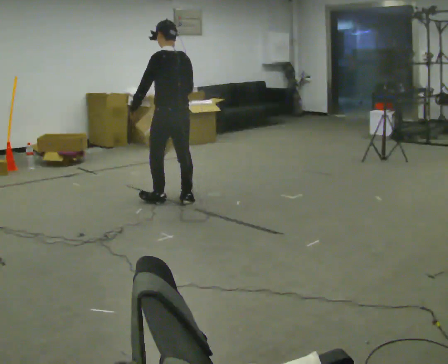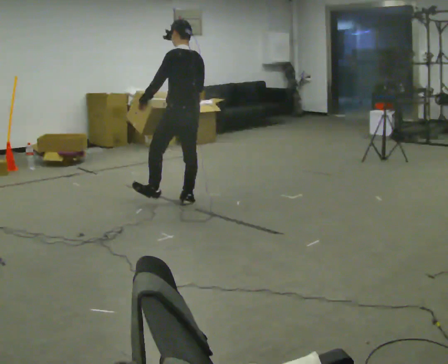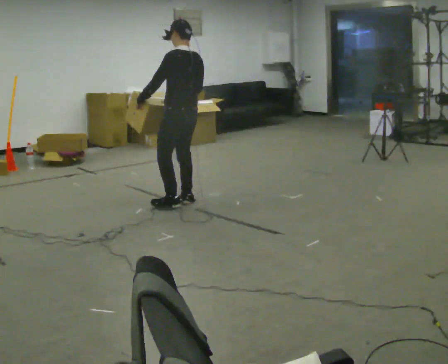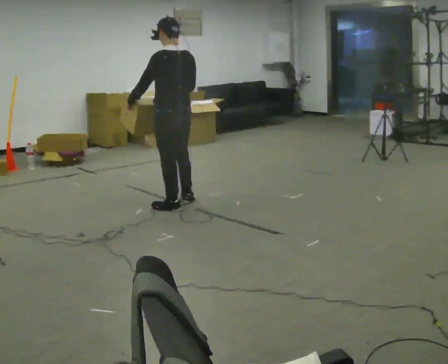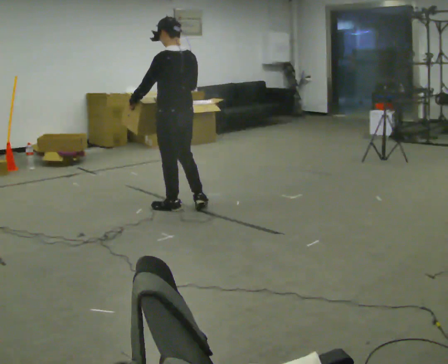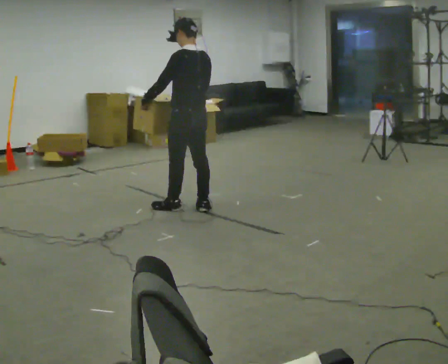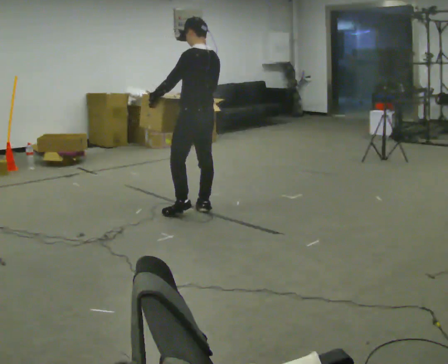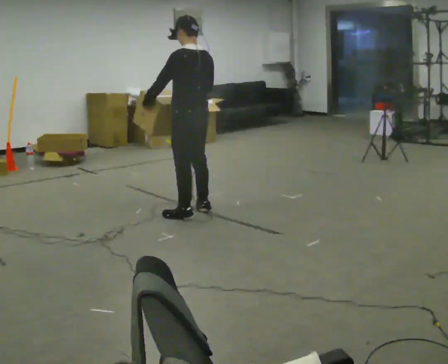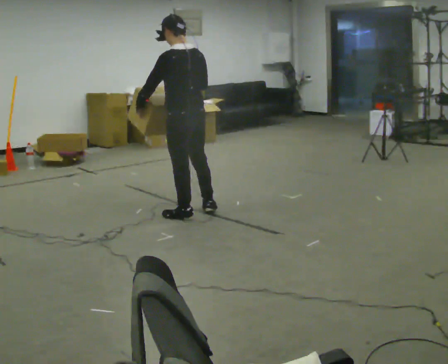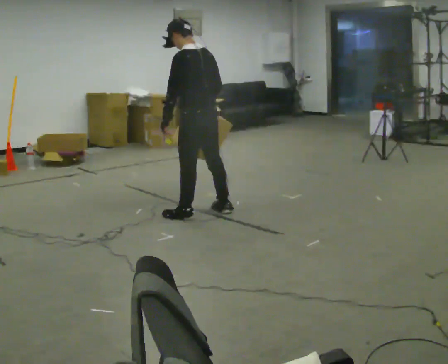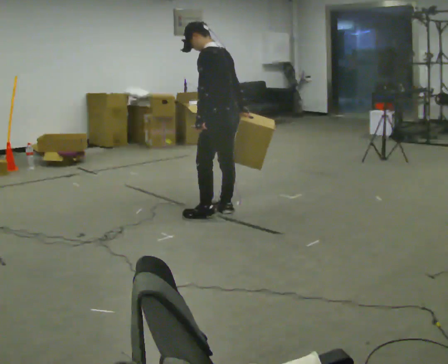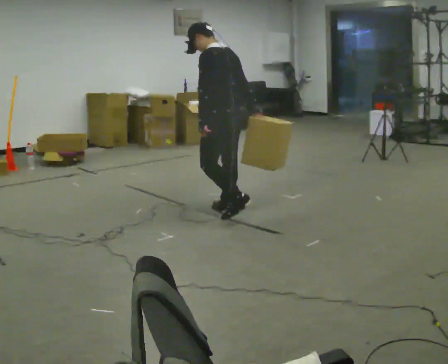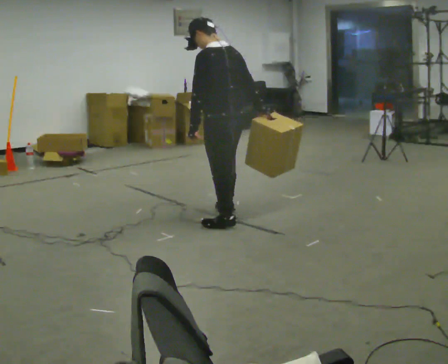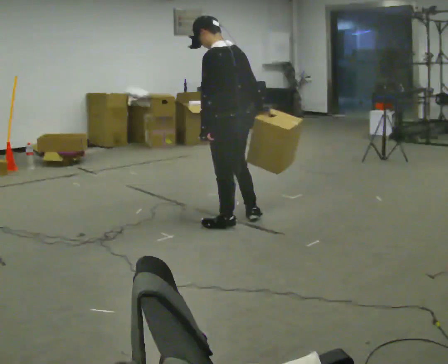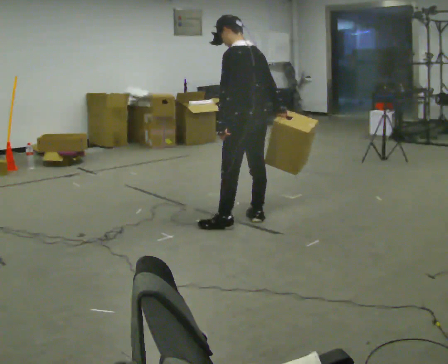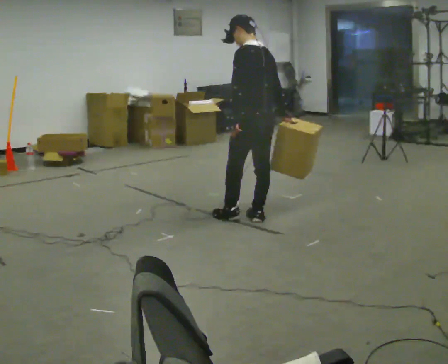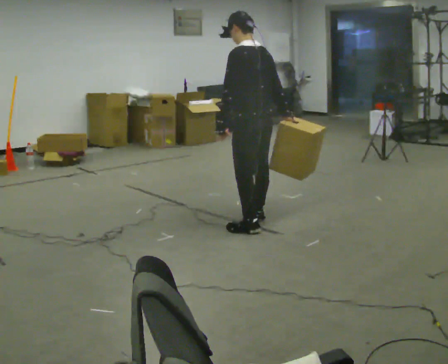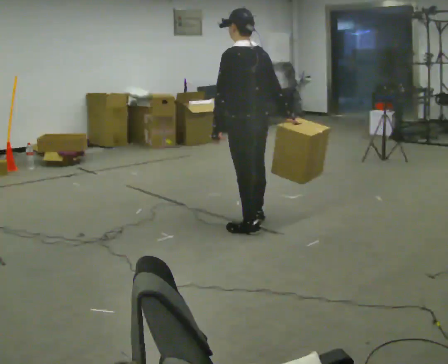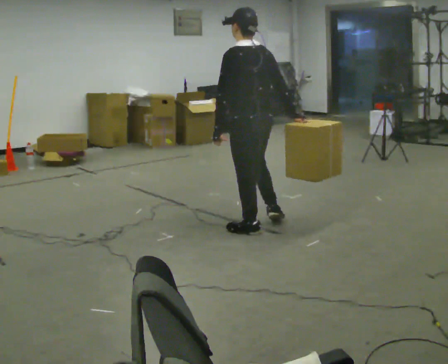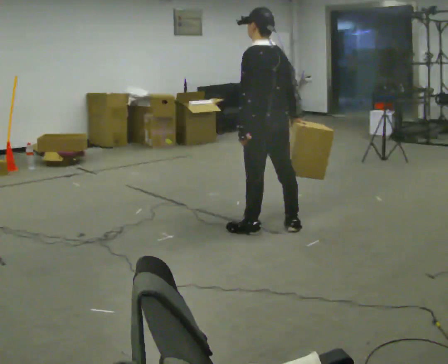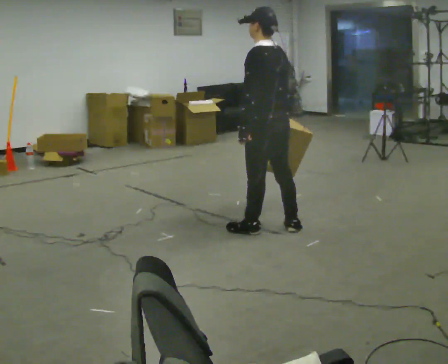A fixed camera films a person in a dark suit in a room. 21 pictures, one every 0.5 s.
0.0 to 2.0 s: In the picture they go toward the camera, about 0.25 m in 2 steps, which for them is backward and to their left.
2.0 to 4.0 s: In the picture they go toward the camera, about 0.25 m in 1 step, which for them is backward.
4.0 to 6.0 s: In the picture they go to the right and toward the camera, about 0.25 m in 2 steps, which for them is backward.
6.0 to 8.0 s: In the picture they go to the right, about 0.25 m in 1 step, which for them is backward and to their right.
8.0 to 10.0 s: In the picture they go toward the camera, about 0.25 m in 1 step, which for them is backward.
The film runs backward here.
